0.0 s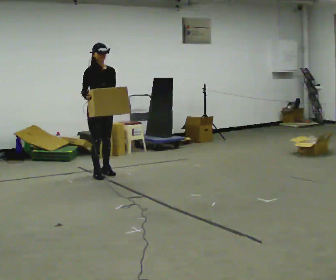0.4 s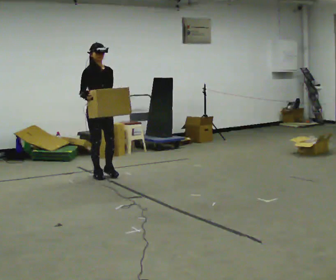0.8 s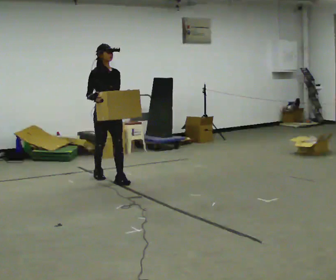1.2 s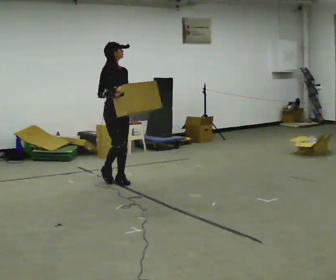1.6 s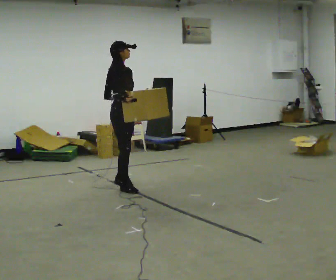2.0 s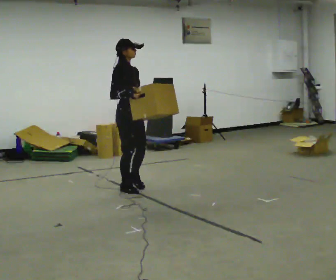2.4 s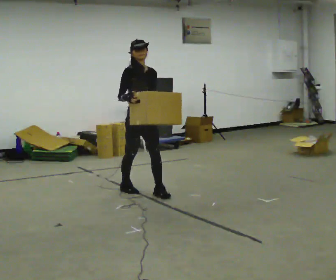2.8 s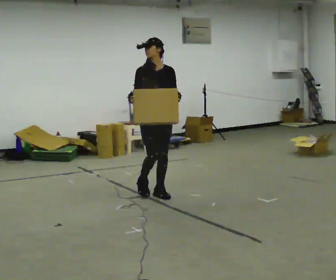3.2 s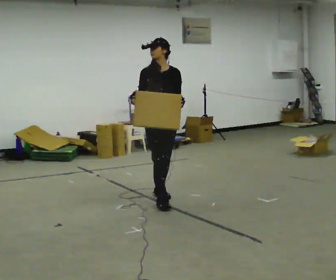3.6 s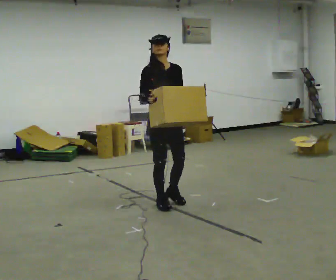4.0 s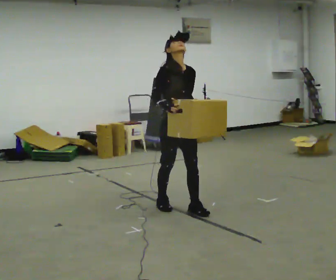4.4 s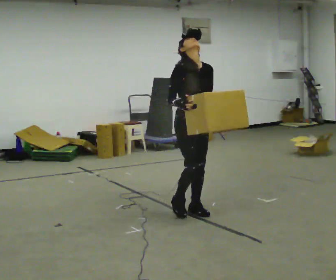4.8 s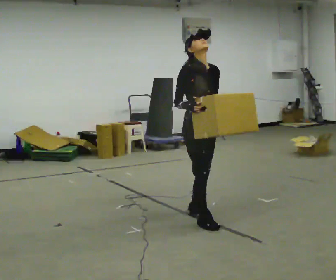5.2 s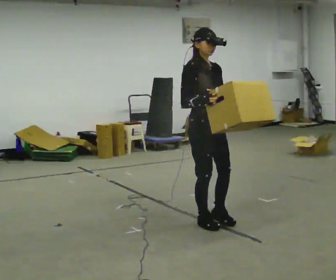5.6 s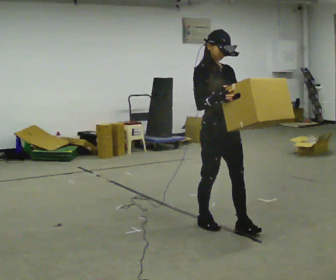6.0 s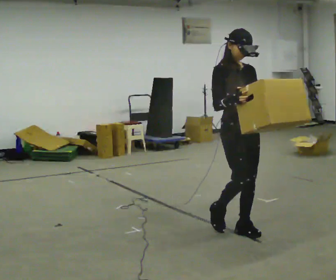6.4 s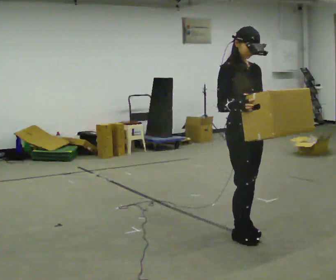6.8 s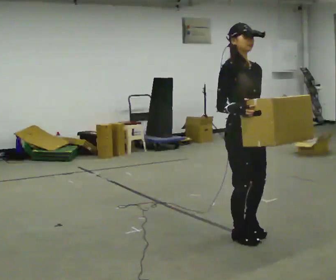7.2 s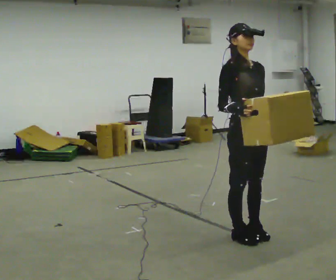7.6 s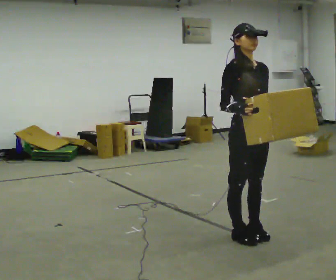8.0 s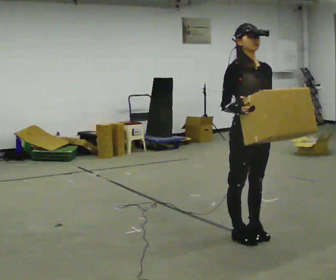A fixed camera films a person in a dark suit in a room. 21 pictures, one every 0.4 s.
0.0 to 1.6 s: Seen from above the body turns counterclockwise, about 30 degrees: to their left, with its near side sliding to the right. In the picture they go toward the camera and to the right, about 0.75 m in 2 steps, which for them is forward.
1.6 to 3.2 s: The part of the body nearest the lens slides to the left as the person turns to their right by about 45 degrees. In the picture they go toward the camera and to the right, about 1 m in 2 steps, which for them is forward.
3.2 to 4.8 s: In the picture they go toward the camera and to the right, about 0.5 m in 2 steps, which for them is forward.
4.8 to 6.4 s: In the picture they go toward the camera and to the right, about 0.5 m in 2 steps, which for them is forward.
6.4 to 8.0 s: The person moves a little, or ends about where they began.
The film runs forward here.
